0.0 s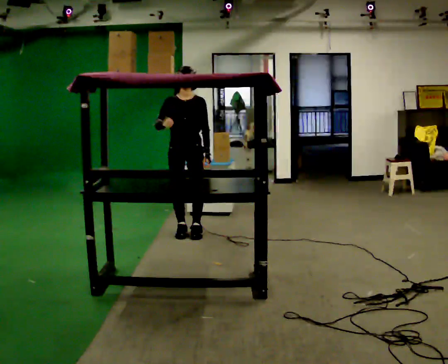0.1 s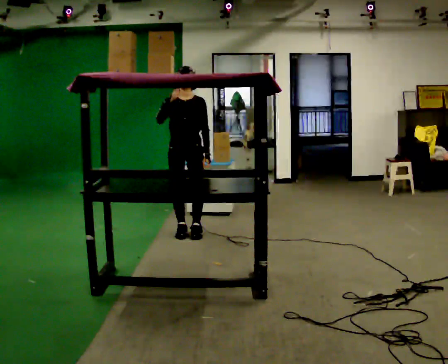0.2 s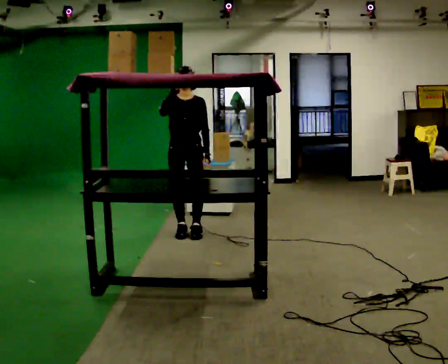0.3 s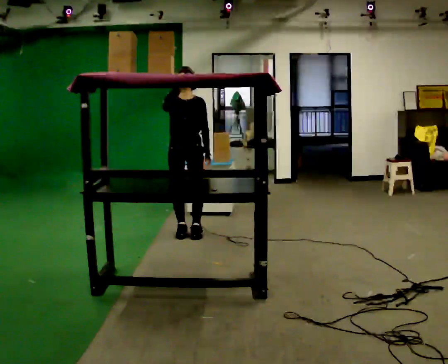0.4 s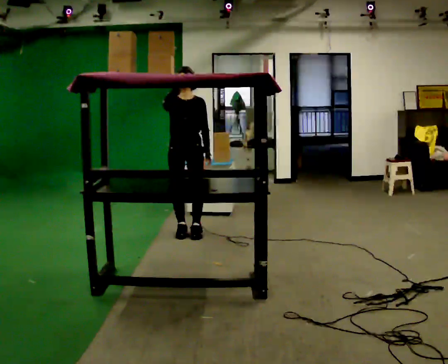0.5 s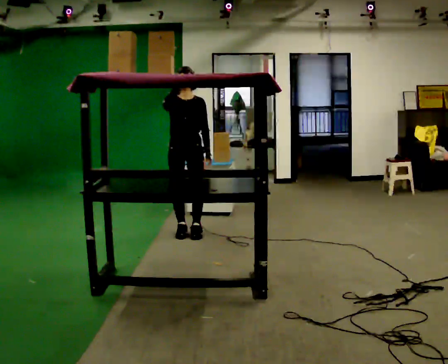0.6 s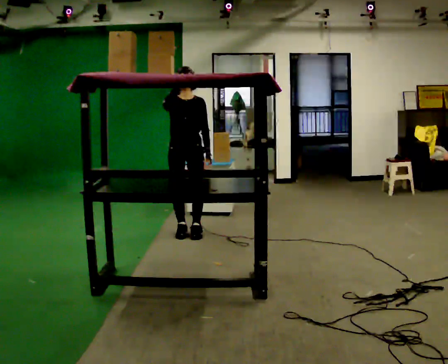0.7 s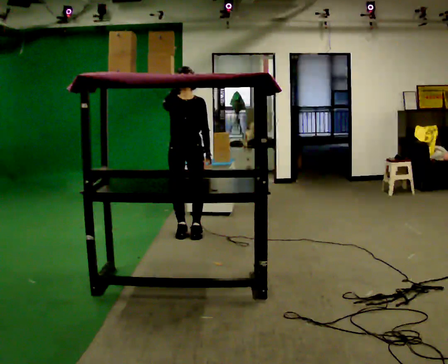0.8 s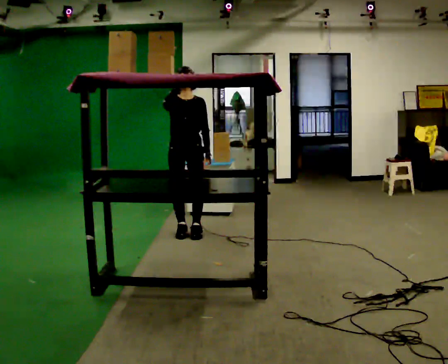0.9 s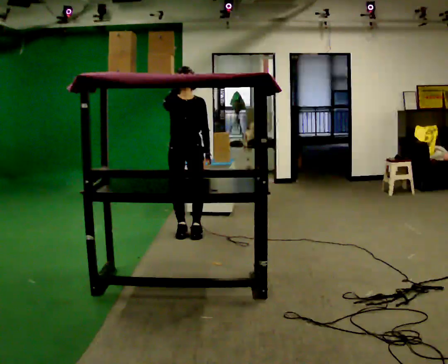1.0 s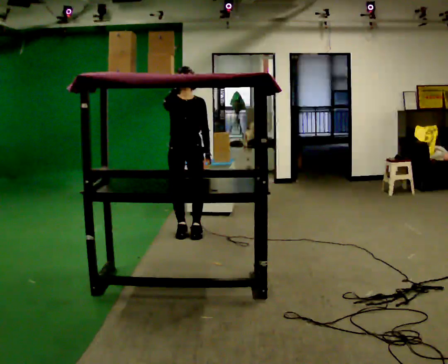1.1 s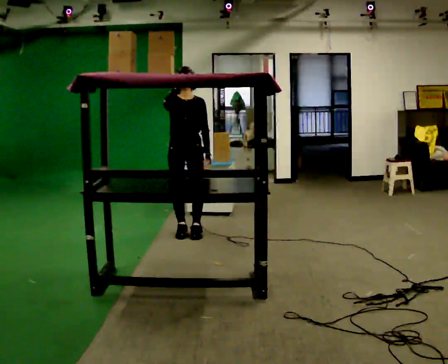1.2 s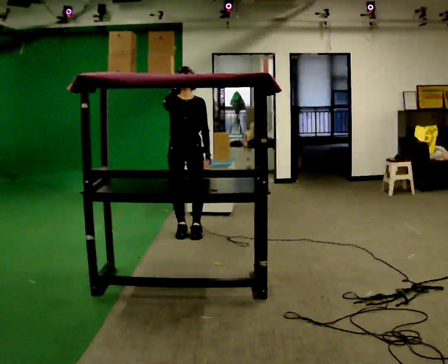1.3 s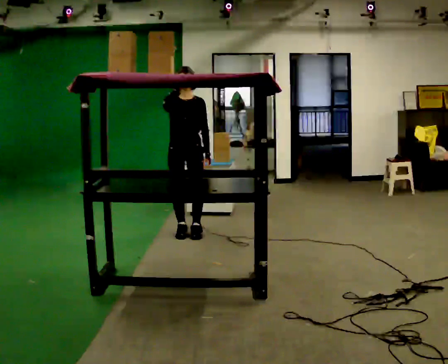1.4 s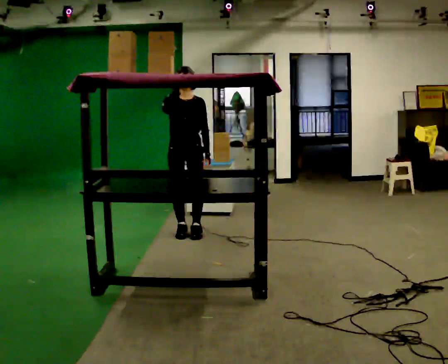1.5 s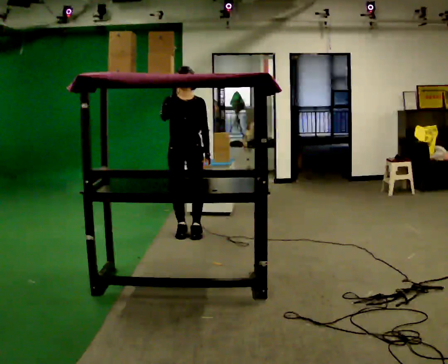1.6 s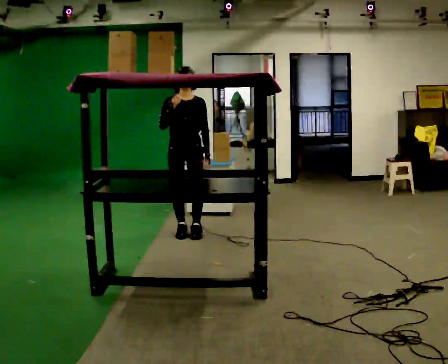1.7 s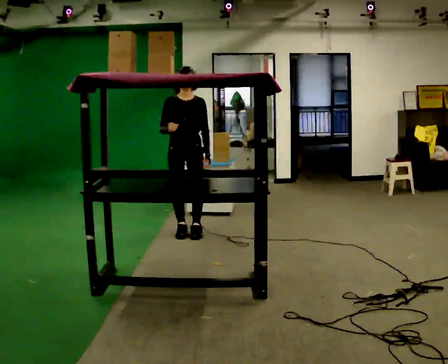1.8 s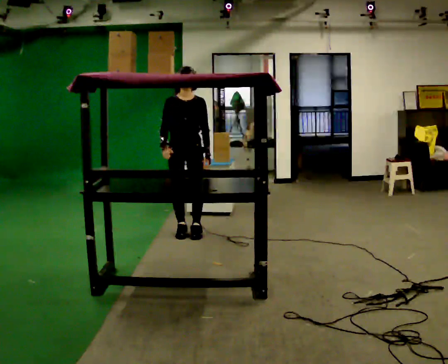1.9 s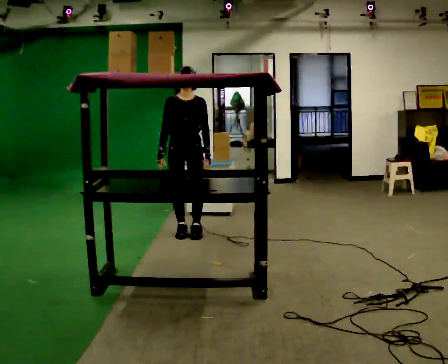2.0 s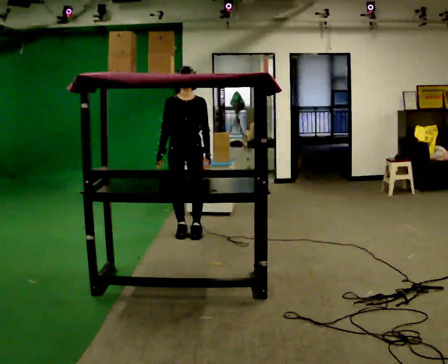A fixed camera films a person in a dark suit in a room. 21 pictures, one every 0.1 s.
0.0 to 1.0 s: The person moves a little, or ends about where they began.
1.0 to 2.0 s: In the picture their right hand goes downward.
The film runs forward here.
